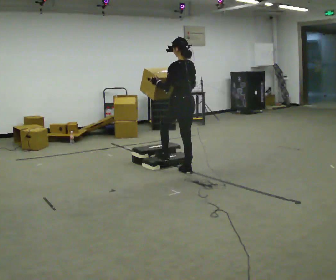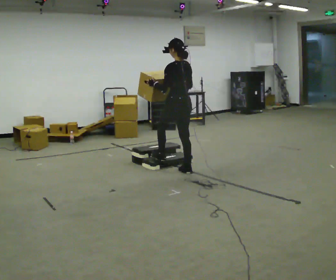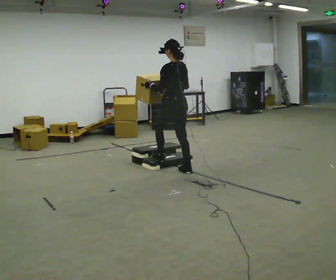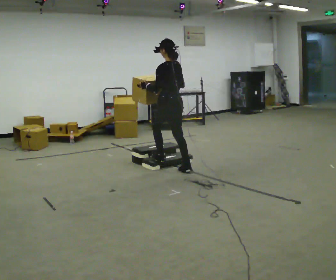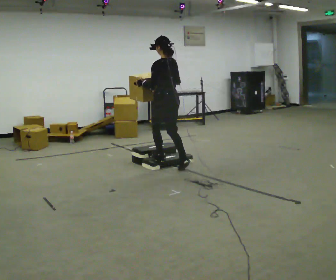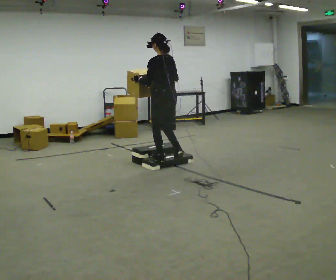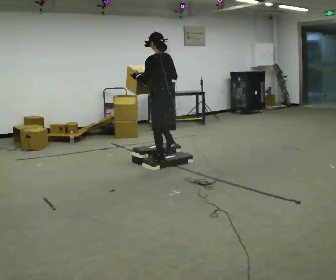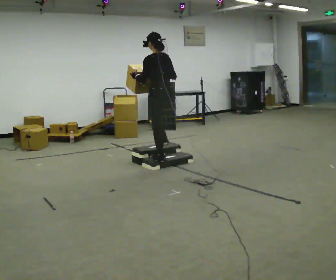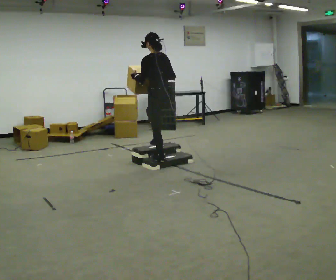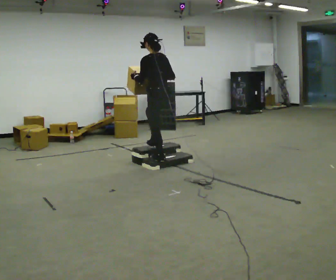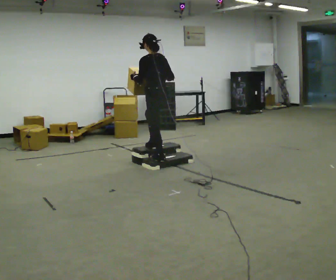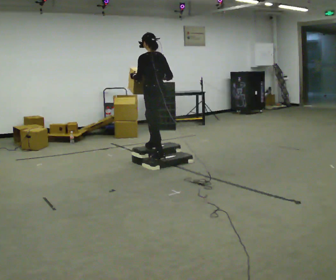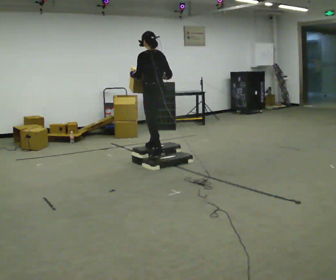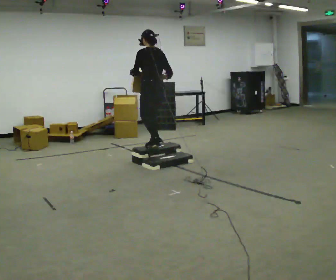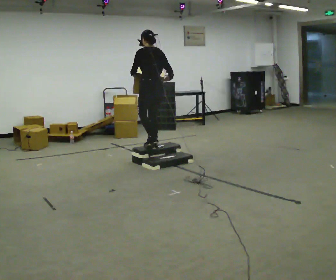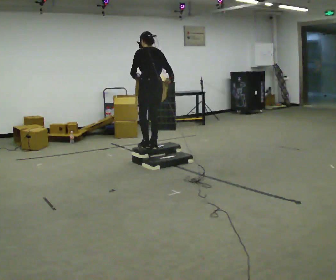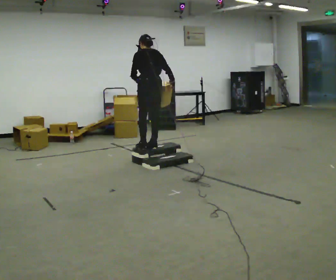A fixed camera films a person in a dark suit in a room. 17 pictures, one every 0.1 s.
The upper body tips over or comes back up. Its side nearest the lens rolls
upward.
0.0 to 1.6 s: In the picture they go away from the camera and to the left, about 0.5 m in 3 steps, which for them is forward. The upper body tips away from the camera, its near side rolling upward, as they bend forward.
The film runs forward here.
